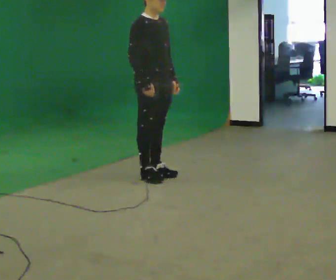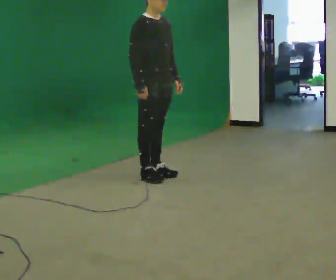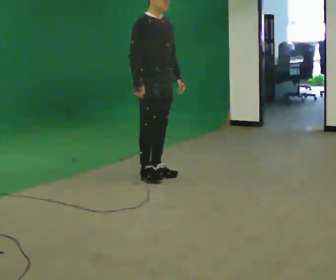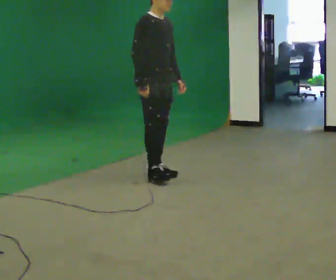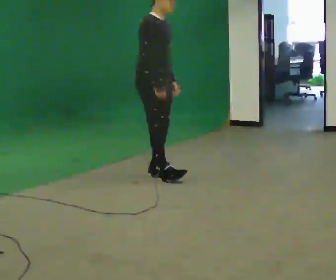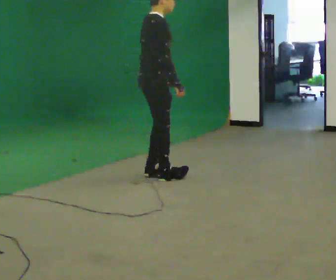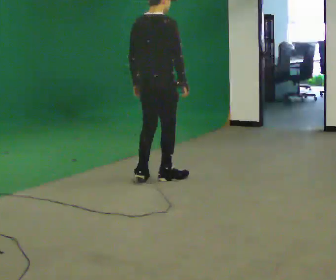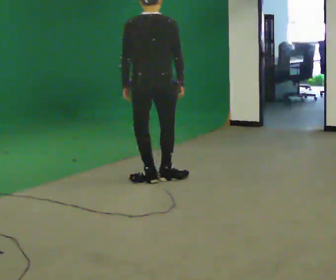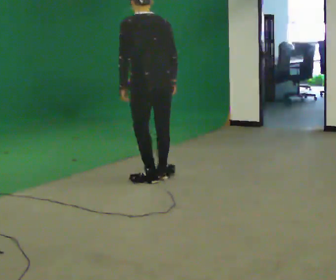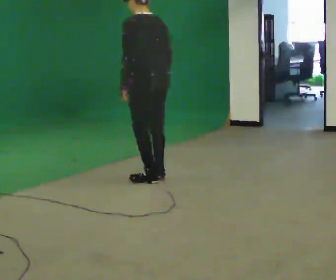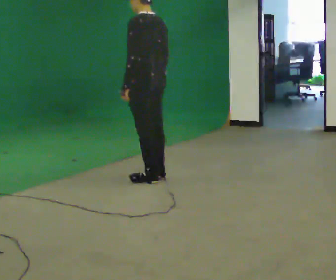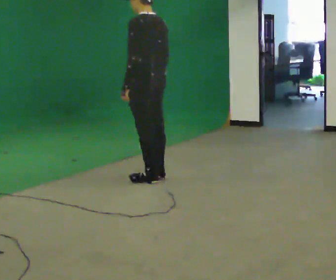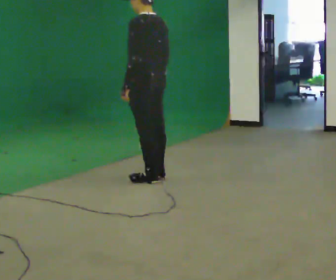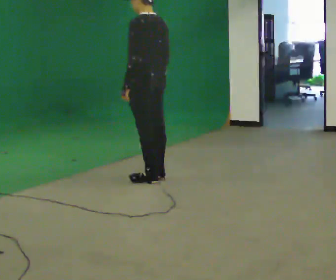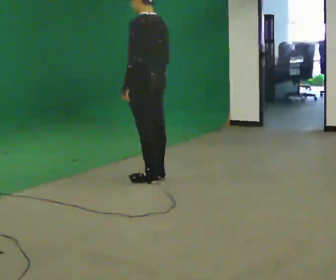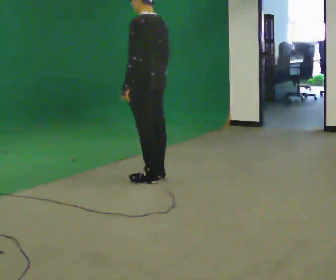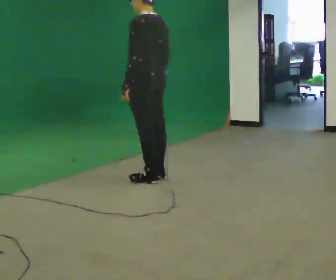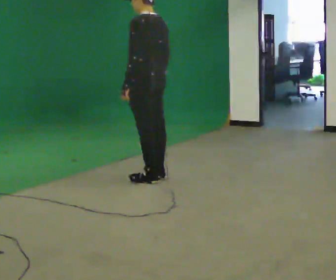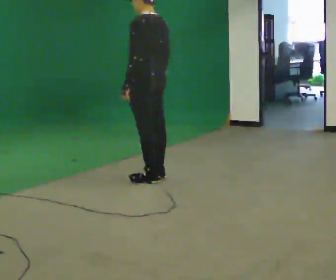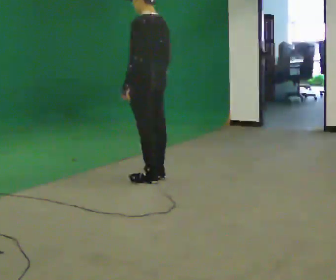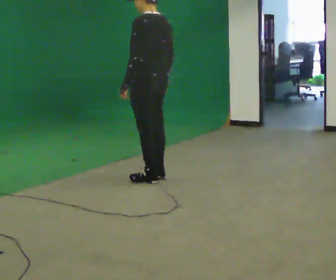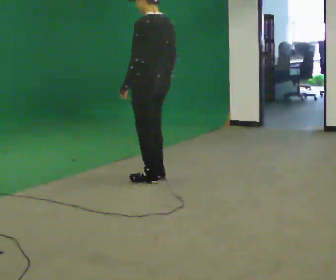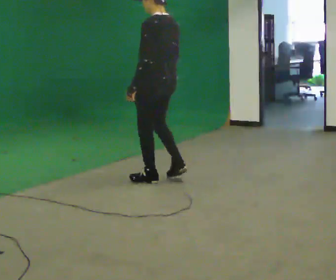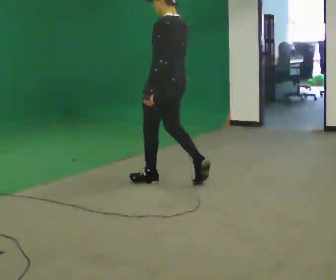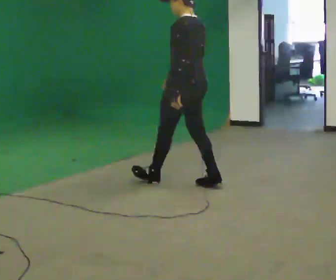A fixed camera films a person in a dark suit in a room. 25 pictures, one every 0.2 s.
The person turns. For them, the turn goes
to their left.
The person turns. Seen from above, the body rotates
counterclockwise.
0.0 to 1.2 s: The part of the body nearest the lens slides to the right as the person turns to their left by about 75 degrees. In the picture their left hand goes to the left.
1.2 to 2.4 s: Seen from above the body turns counterclockwise, about 105 degrees: to their left, with its near side sliding to the right.
2.4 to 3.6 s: The person keeps their place and pose.
3.6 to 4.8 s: In the picture they go to the right and toward the camera, about 0.25 m in 1 step, which for them is backward.
The film runs backward here.
